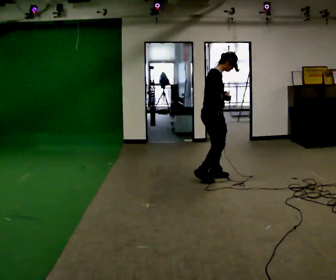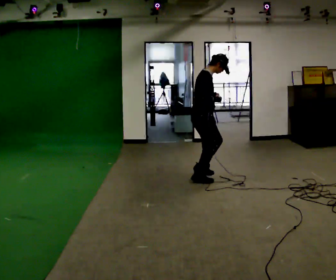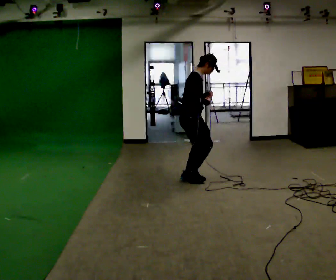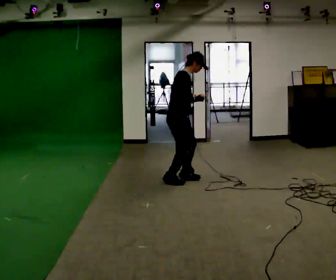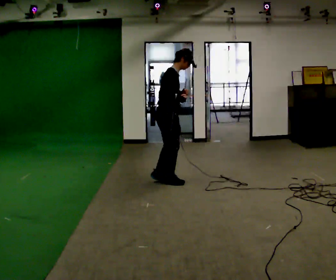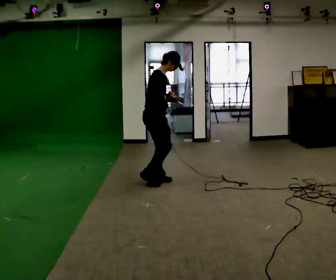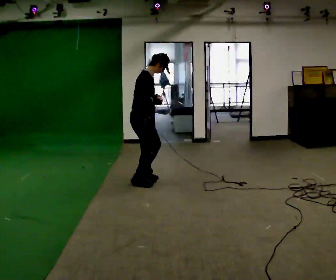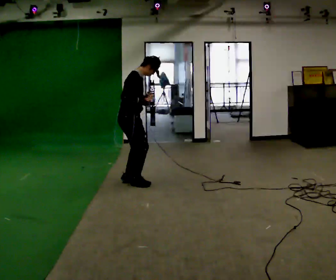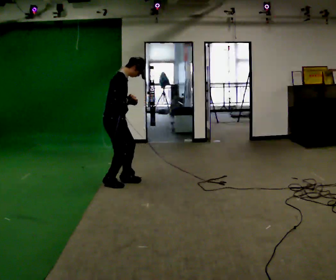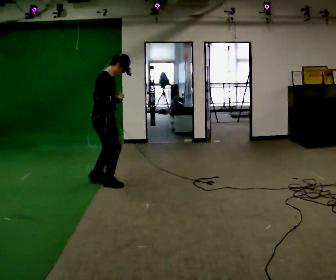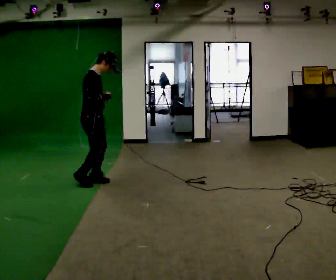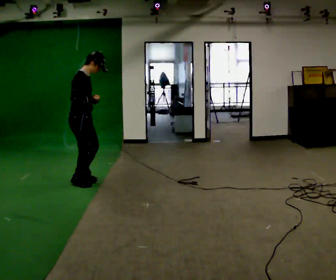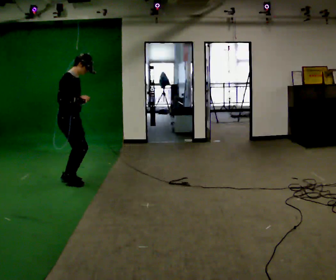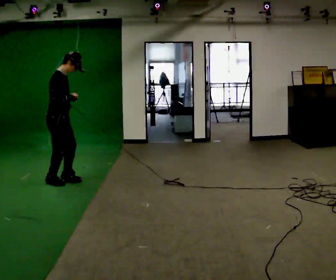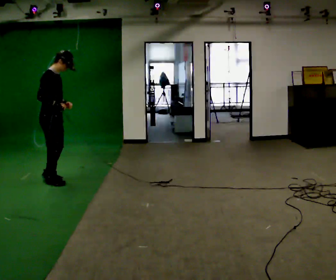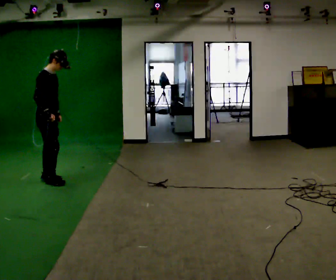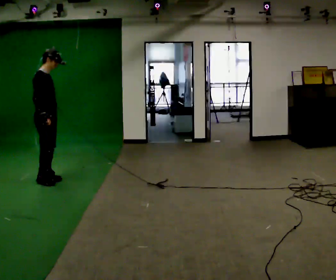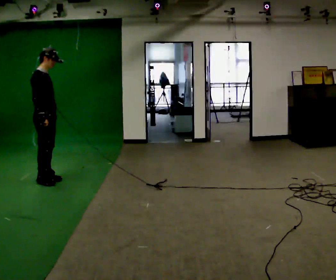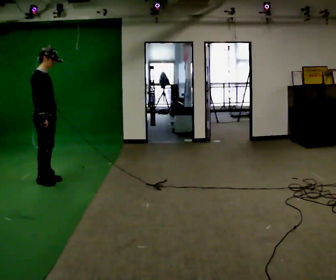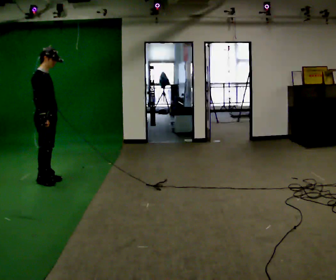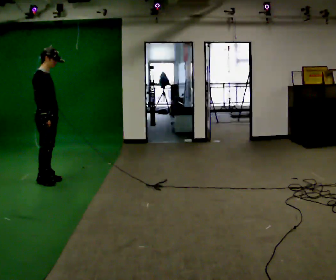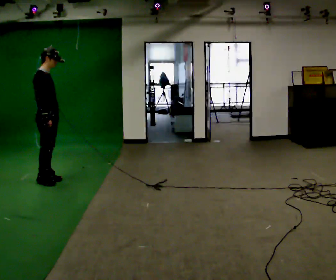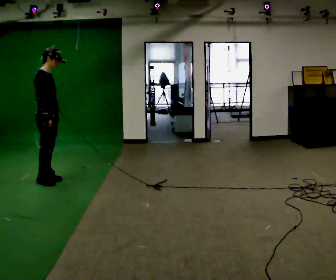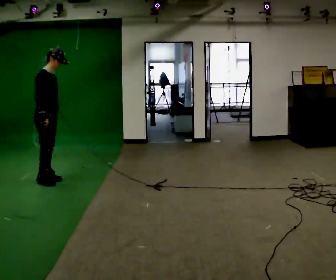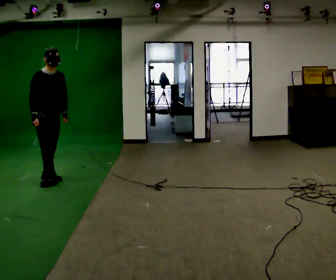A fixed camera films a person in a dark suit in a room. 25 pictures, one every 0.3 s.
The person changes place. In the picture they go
to the left.
0.0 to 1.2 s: In the picture they go to the left, about 0.5 m in 4 steps, which for them is backward.
1.2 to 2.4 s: In the picture they go to the left, about 0.5 m in 3 steps, which for them is backward.
2.4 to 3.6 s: In the picture they go to the left, about 0.5 m in 3 steps, which for them is backward.
3.6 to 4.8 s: In the picture they go to the left, about 0.25 m in 2 steps, which for them is backward.
4.8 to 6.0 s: The person moves a little, or ends about where they began.
6.0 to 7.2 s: The person turns about 45 degrees to their right, clockwise seen from above, so the part of the body nearest the lens slides to the left.
The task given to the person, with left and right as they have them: Jog backward at a comfortable pace. The operator confirms the space behind you is clear before each take.
The film runs forward here.
